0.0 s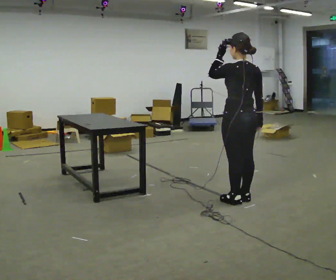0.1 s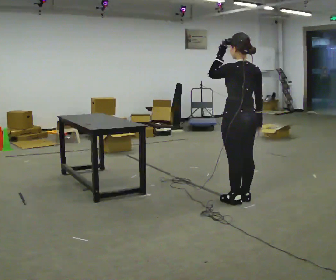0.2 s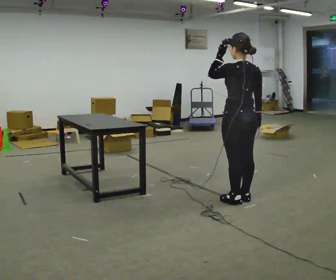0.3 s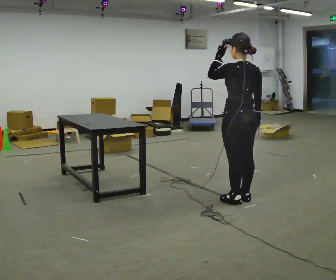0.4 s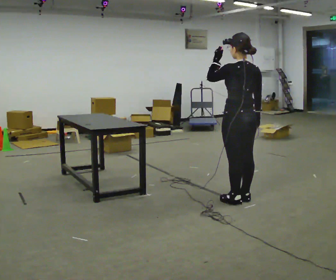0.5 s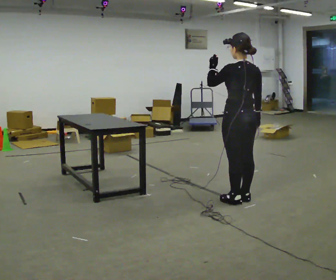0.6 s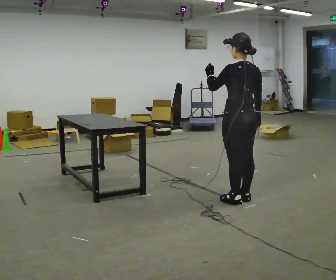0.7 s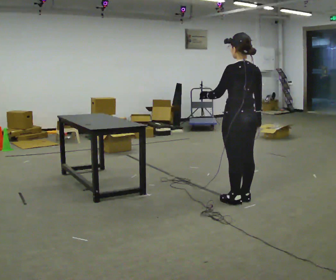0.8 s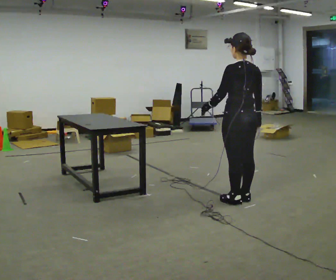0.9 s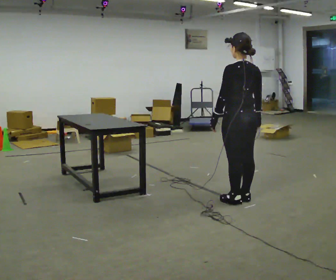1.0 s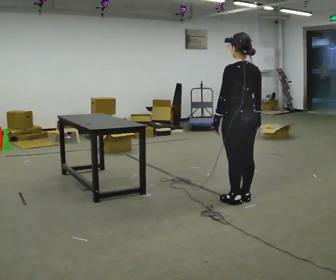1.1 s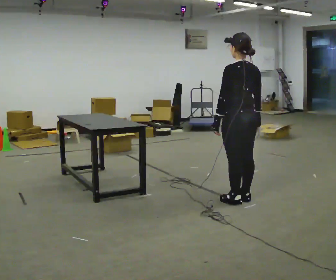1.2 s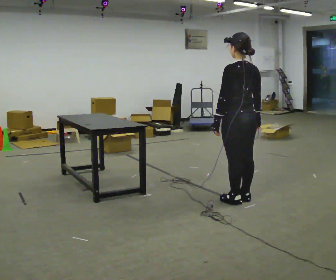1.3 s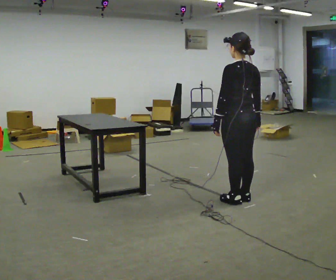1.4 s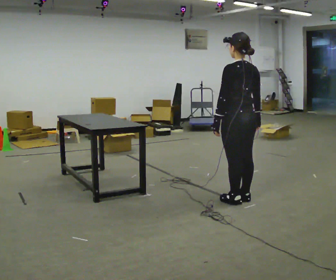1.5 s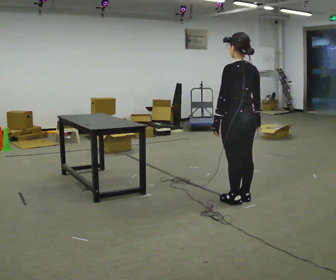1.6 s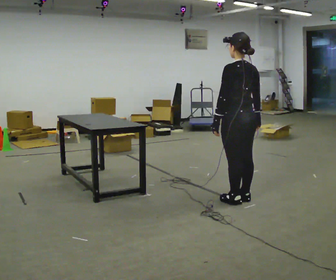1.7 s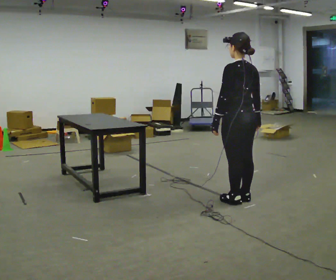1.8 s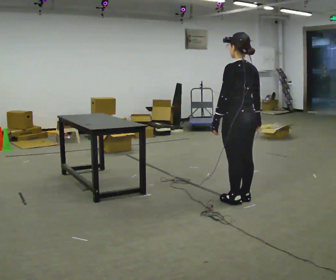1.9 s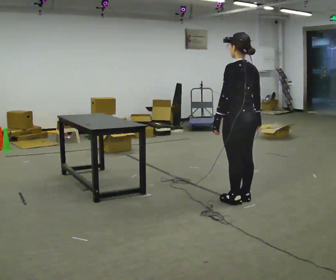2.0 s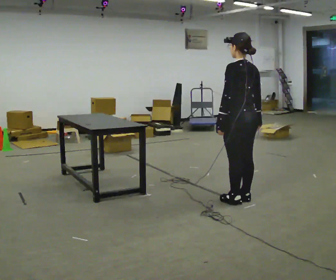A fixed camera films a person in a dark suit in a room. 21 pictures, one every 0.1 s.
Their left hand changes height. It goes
downward.
0.0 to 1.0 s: In the picture their left hand goes downward.
1.0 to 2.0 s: The person moves a little, or ends about where they began.
The film runs backward here.
